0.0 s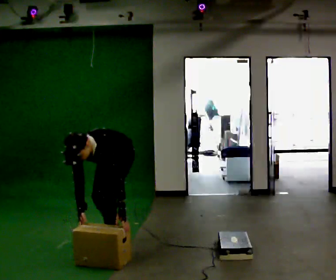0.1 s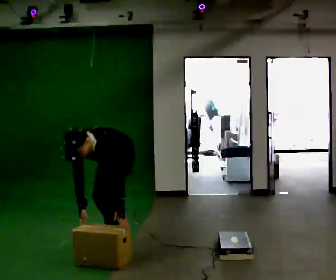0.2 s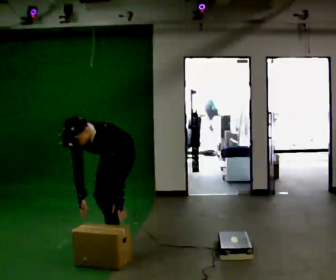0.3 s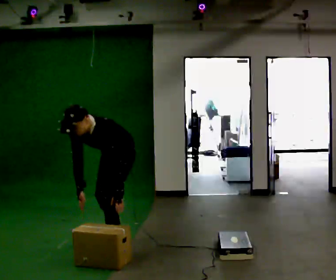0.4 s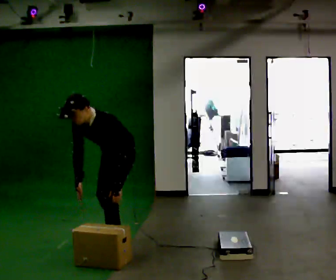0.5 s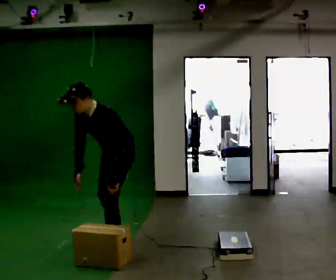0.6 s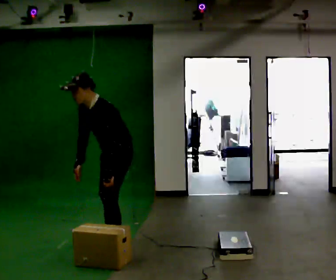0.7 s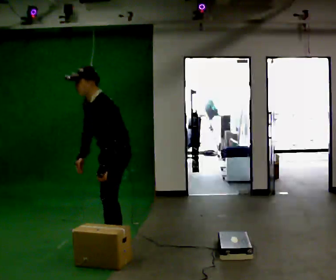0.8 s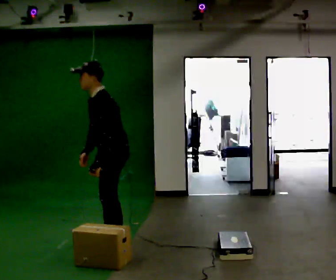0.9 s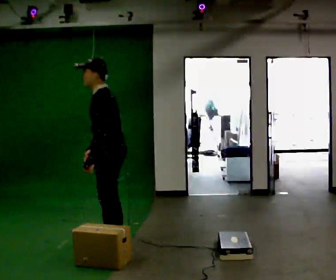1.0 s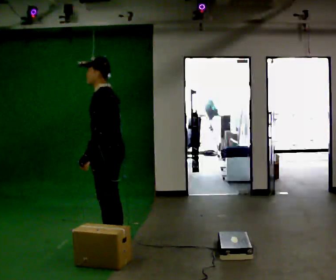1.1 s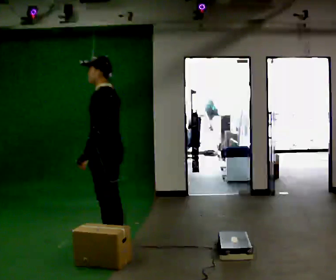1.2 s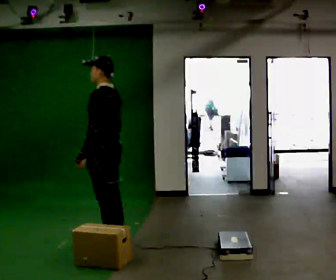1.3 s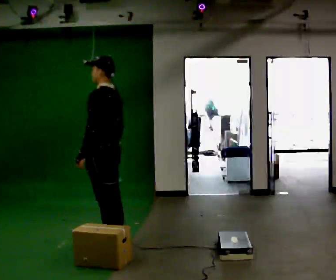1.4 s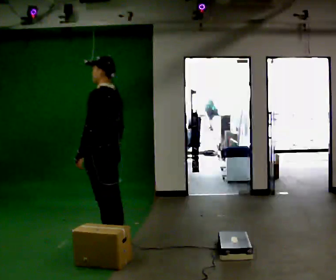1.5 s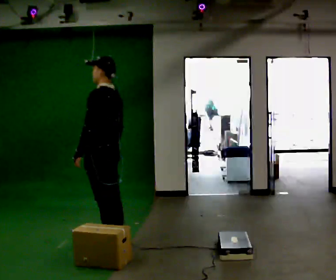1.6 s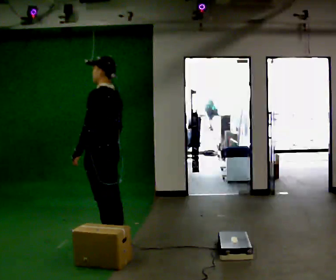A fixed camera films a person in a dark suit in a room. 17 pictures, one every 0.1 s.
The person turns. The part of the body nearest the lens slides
to the left.
Their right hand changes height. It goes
upward.
0.0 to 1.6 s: The person turns about 75 degrees to their right, clockwise seen from above, so the part of the body nearest the lens slides to the left. In the picture they go toward the camera, about 0.25 m. The upper body goes upward. The upper body tips away from the camera, its near side rolling upward, as they lean back or straighten. In the picture their left hand goes upward and to the left, the arm swinging clockwise.
The film runs forward here.
